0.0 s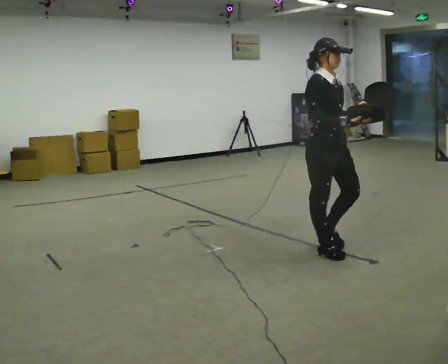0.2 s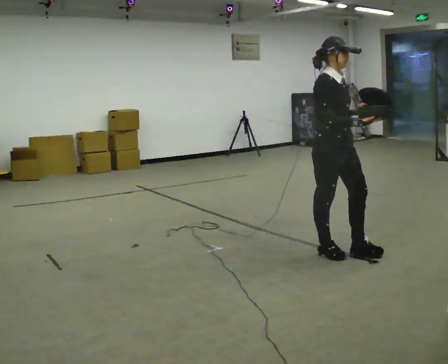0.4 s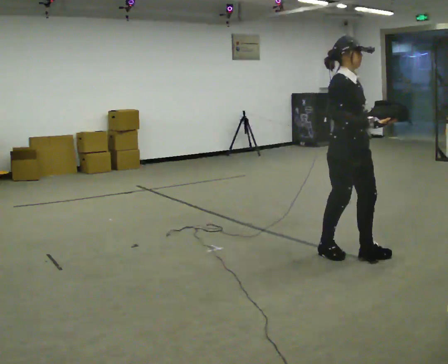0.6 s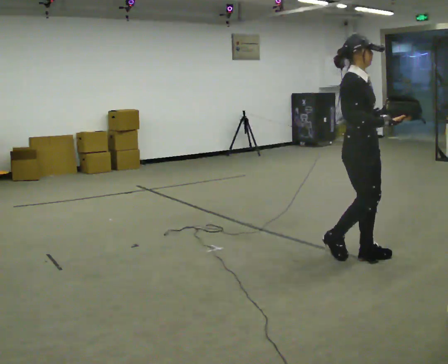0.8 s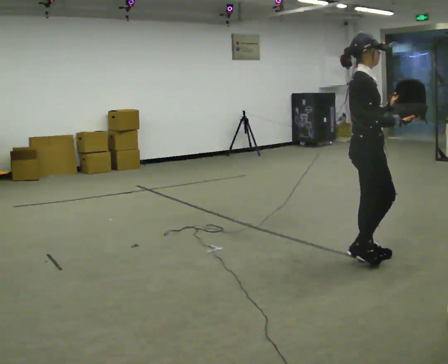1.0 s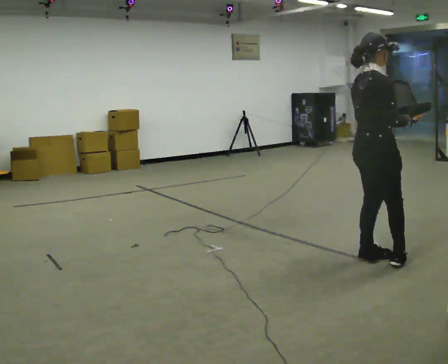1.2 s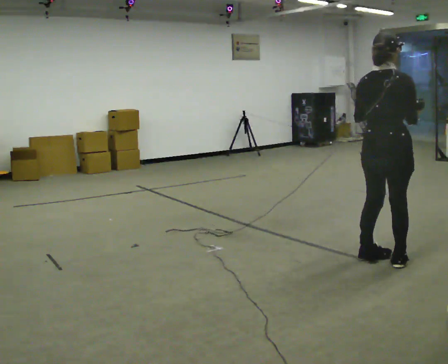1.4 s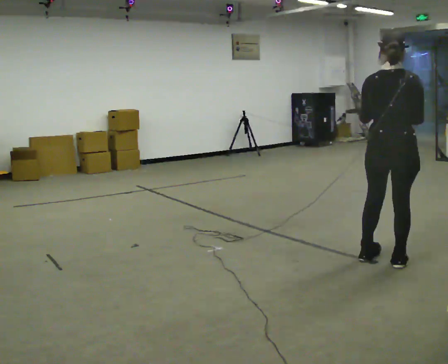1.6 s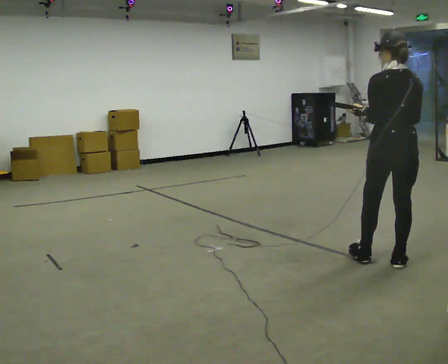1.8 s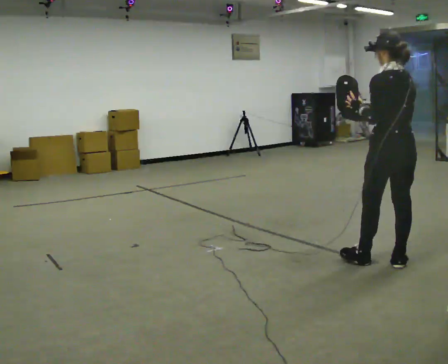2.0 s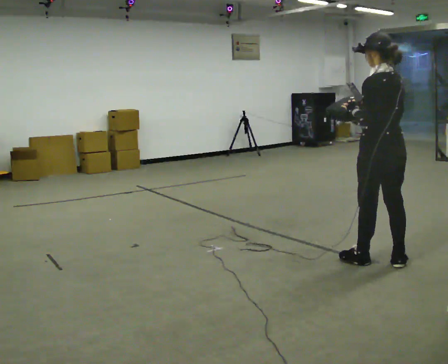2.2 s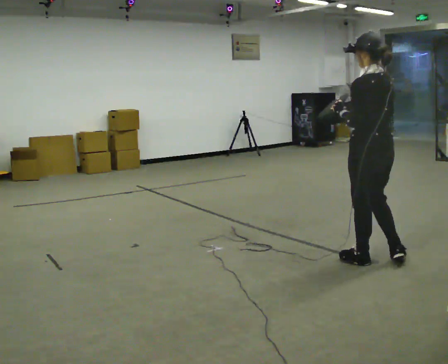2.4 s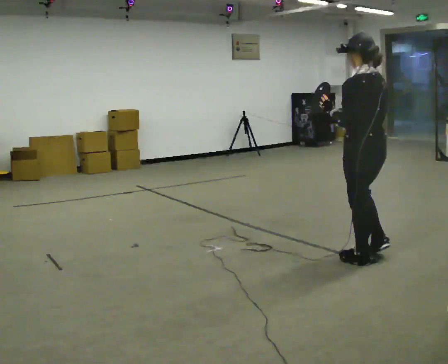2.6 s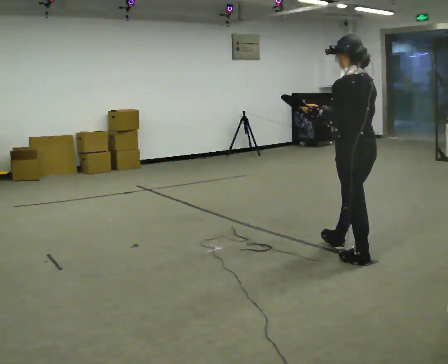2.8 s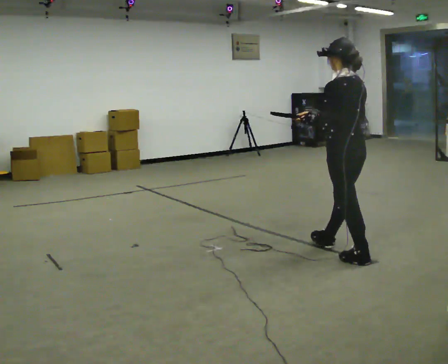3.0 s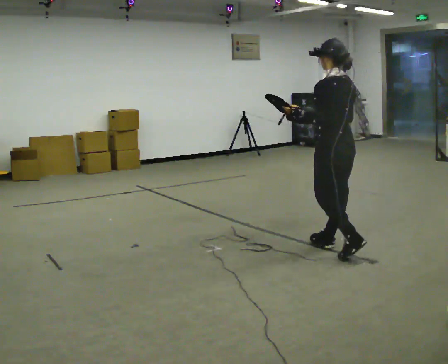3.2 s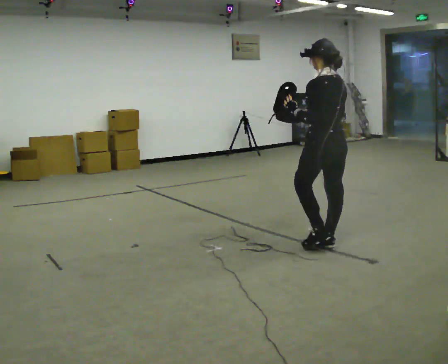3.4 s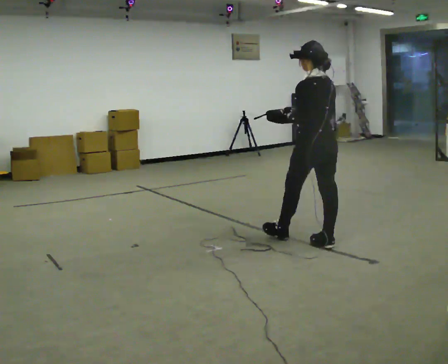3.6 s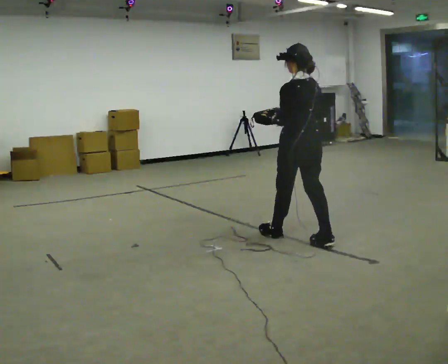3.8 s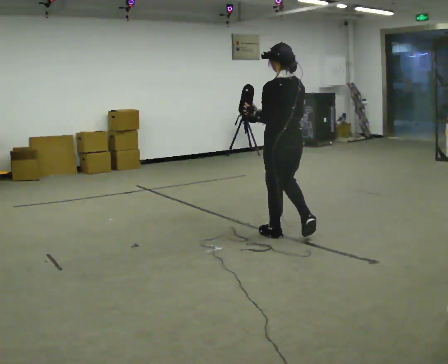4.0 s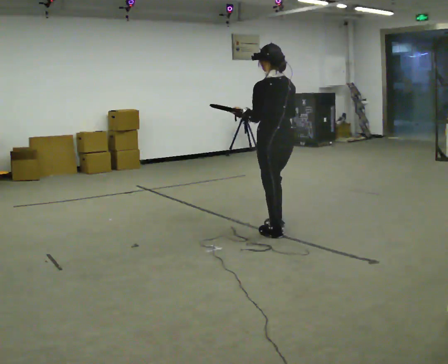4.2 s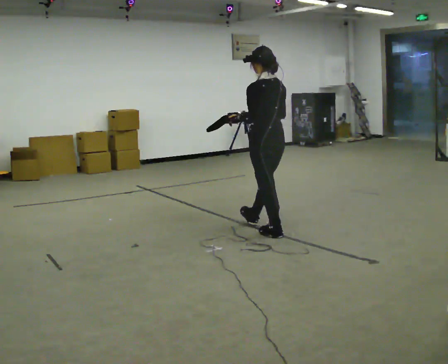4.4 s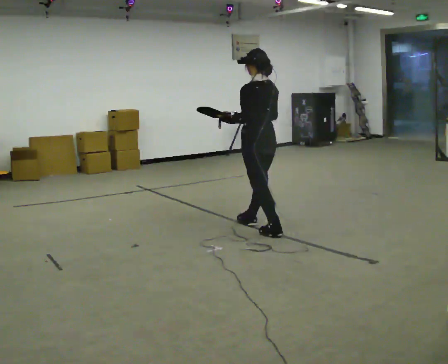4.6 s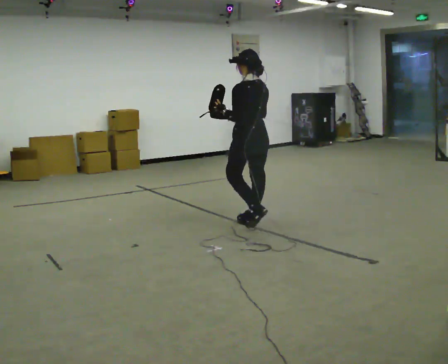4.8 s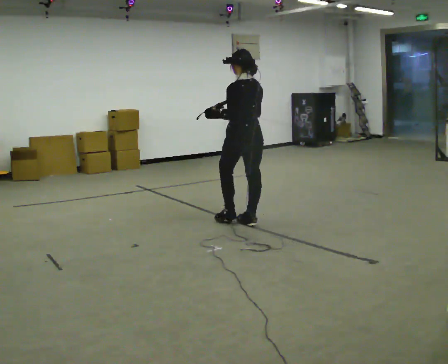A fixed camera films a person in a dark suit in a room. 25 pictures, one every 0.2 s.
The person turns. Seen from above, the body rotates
counterclockwise.
The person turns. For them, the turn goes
to their left.
0.0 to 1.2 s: The person turns about 90 degrees to their left, counterclockwise seen from above, so the part of the body nearest the lens slides to the right. In the picture they go to the right and toward the camera, about 0.5 m in 2 steps.
1.2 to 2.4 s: Seen from above the body turns counterclockwise, about 75 degrees: to their left, with its near side sliding to the right. In the picture their right hand goes to the left.
2.4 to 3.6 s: In the picture they go to the left and away from the camera, about 0.75 m in 2 steps, which for them is forward.
3.6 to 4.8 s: In the picture they go to the left and away from the camera, about 1 m in 1 step, which for them is forward.
The film runs forward here.
